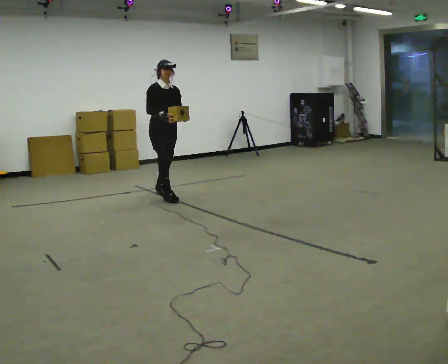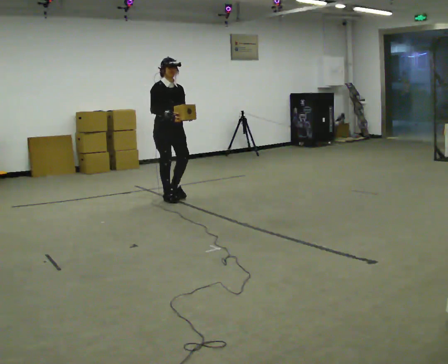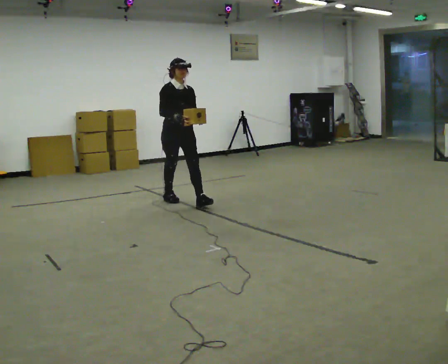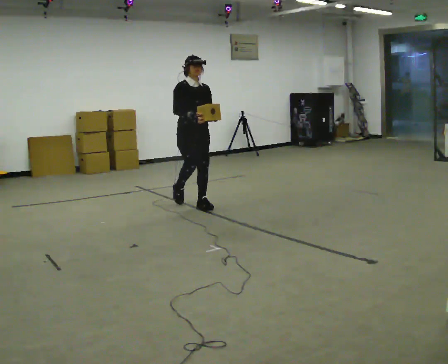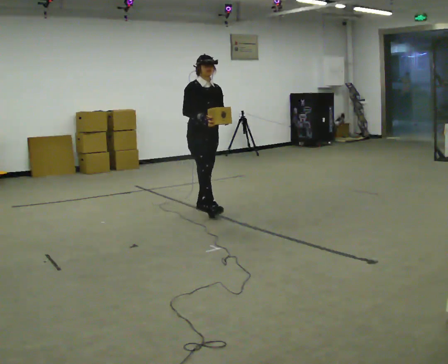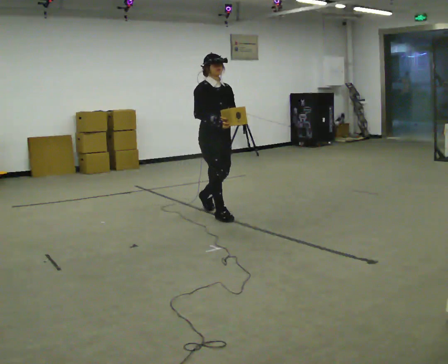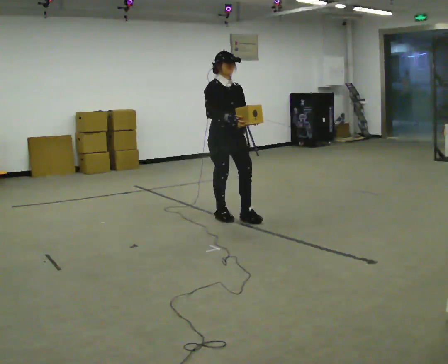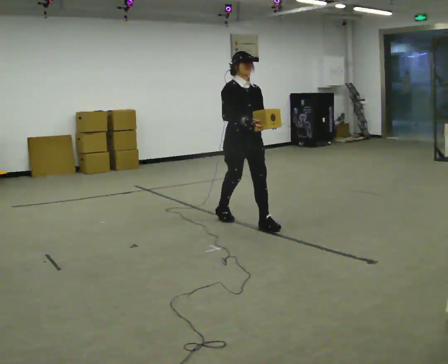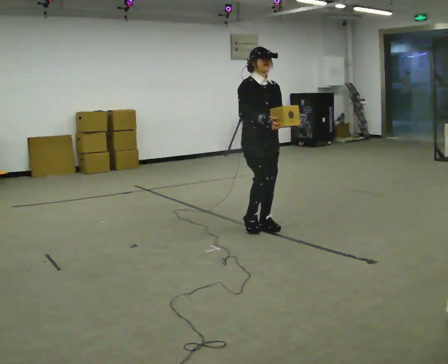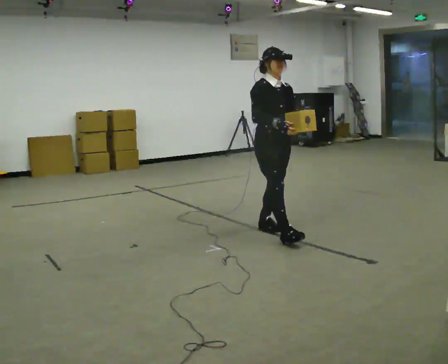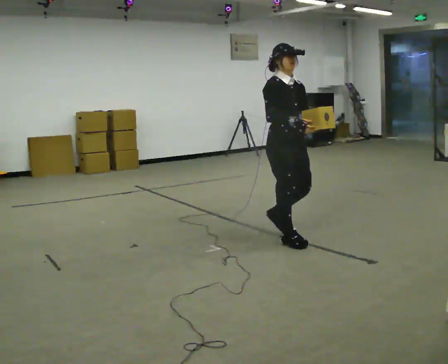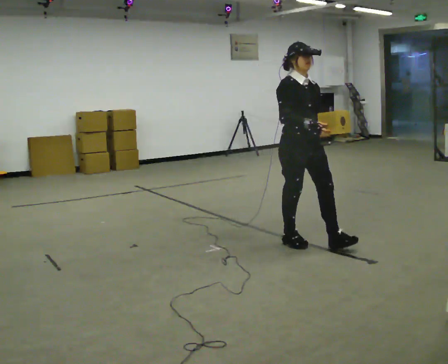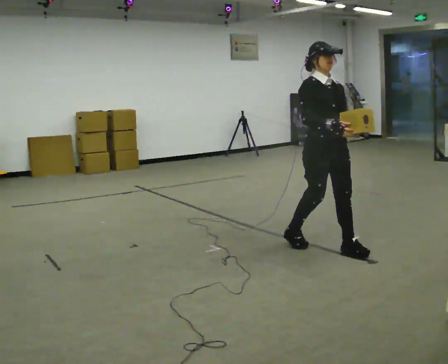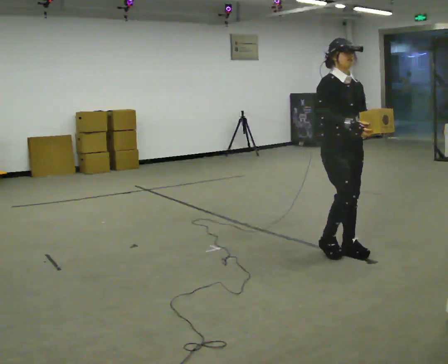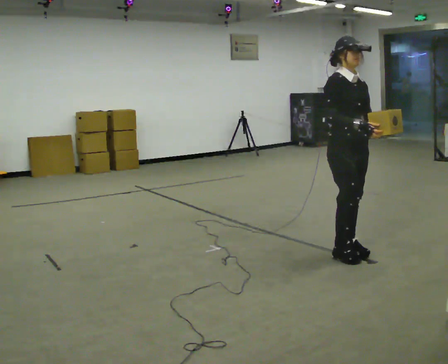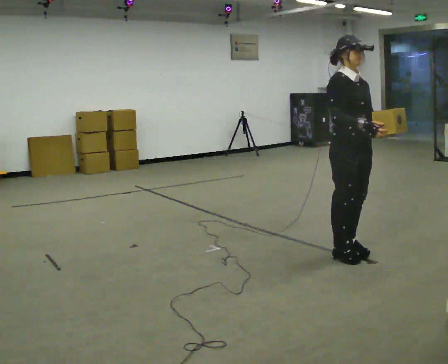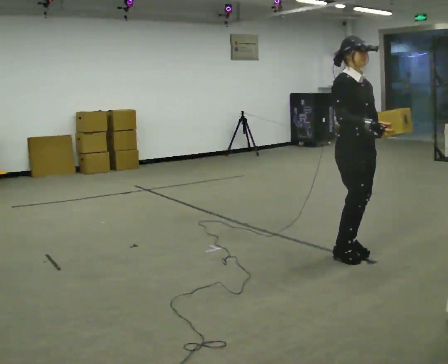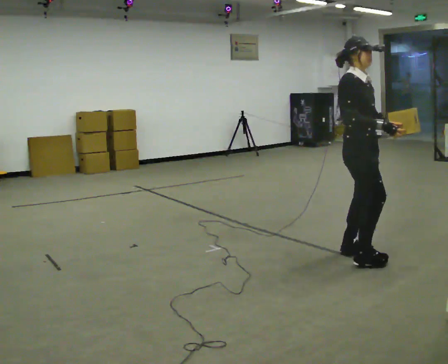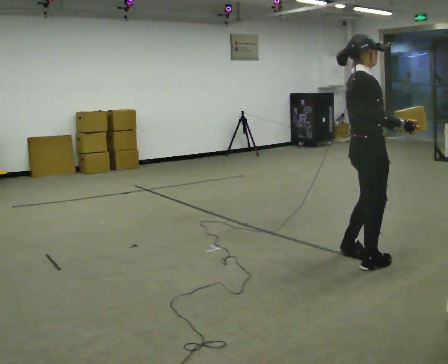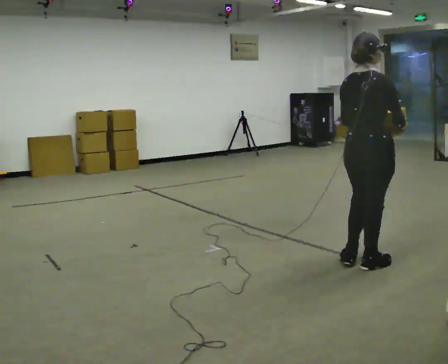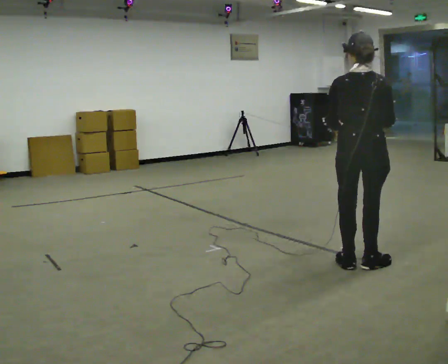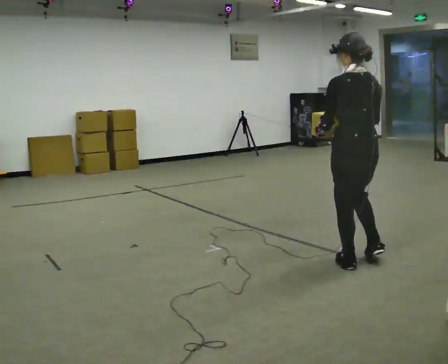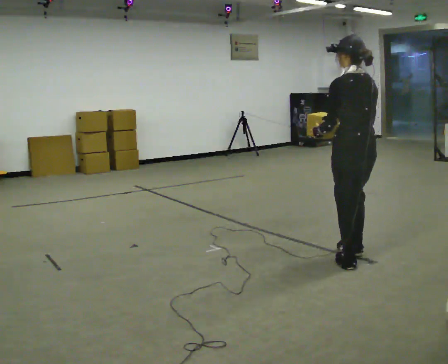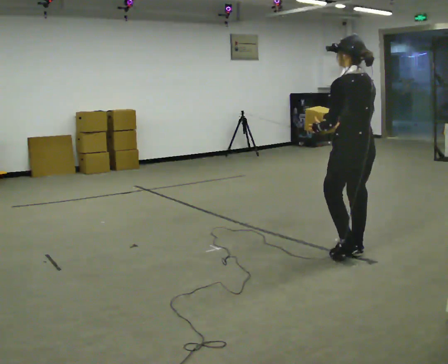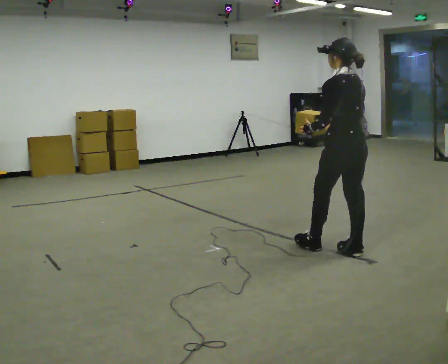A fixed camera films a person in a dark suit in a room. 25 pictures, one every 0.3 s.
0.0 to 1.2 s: In the picture they go to the right and toward the camera, about 1 m in 1 step, which for them is forward.
1.2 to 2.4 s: In the picture they go to the right and toward the camera, about 1 m in 2 steps, which for them is forward.
2.4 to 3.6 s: In the picture they go to the right and toward the camera, about 1 m in 2 steps, which for them is forward.
3.6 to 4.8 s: In the picture they go to the right and toward the camera, about 0.25 m in 1 step, which for them is forward.
4.8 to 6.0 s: The person turns about 135 degrees to their left, counterclockwise seen from above, so the part of the body nearest the lens slides to the right. In the picture they go toward the camera, about 0.25 m in 2 steps.
6.0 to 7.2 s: The part of the body nearest the lens slides to the right as the person turns to their left by about 45 degrees. In the picture they go away from the camera, about 0.25 m in 1 step, which for them is forward.
The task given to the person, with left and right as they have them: Carry the light box in both hands in front of you, walking back and forth across the room. Keep walking until the operator says stop.
The film runs forward here.
